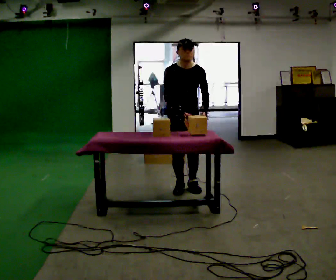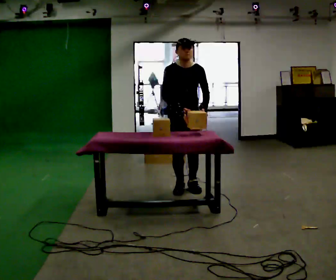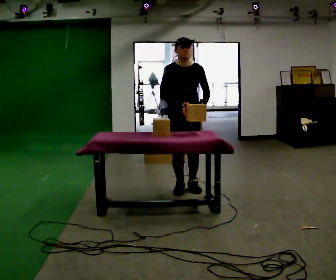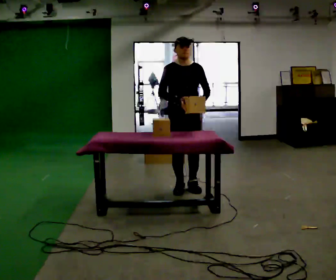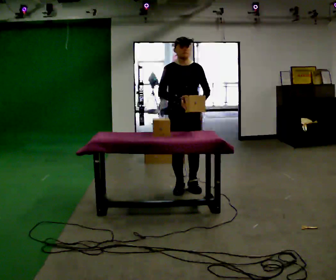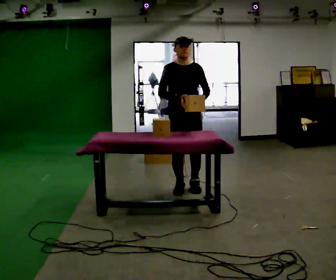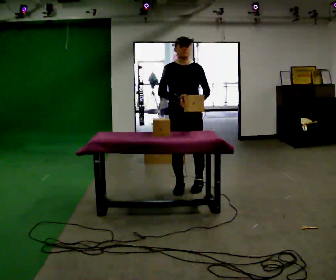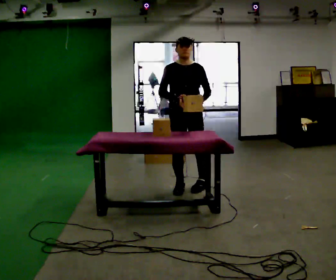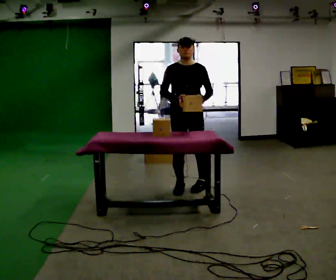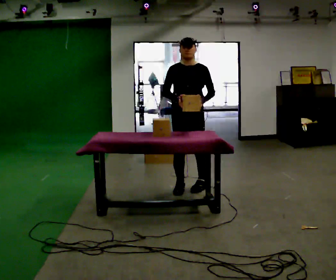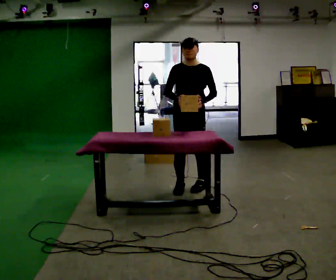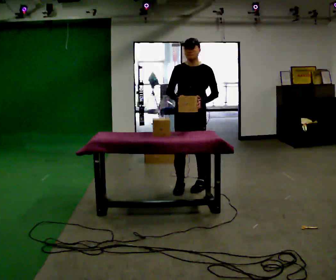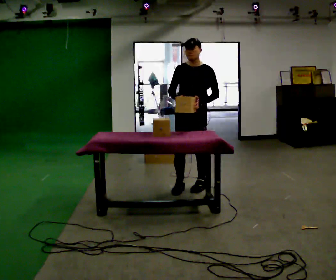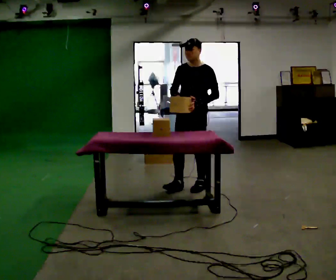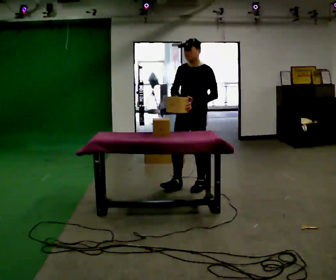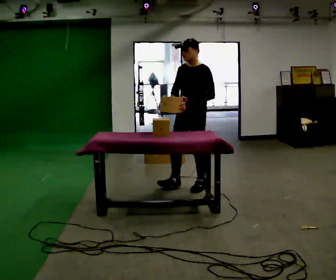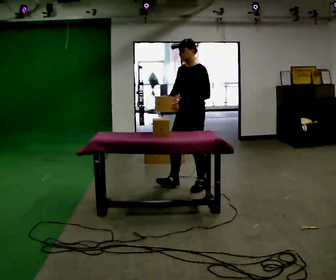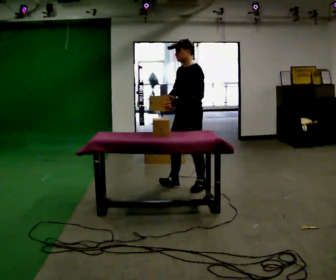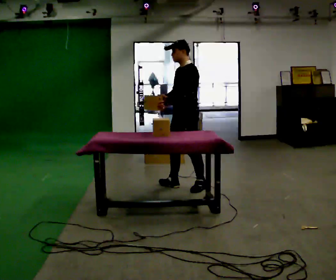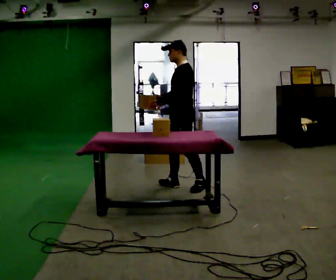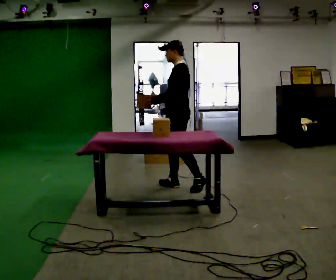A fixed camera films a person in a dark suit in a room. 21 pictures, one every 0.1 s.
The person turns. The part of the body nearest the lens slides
to the left.
The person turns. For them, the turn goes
to their right.
0.0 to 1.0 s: The person turns about 30 degrees to their right, clockwise seen from above, so the part of the body nearest the lens slides to the left. The upper body tips away from the camera, its near side rolling upward, as they lean back or straighten.
1.0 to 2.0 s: The person turns about 75 degrees to their right, clockwise seen from above, so the part of the body nearest the lens slides to the left. In the picture their left hand goes to the left, the arm swinging clockwise.
The film runs forward here.
